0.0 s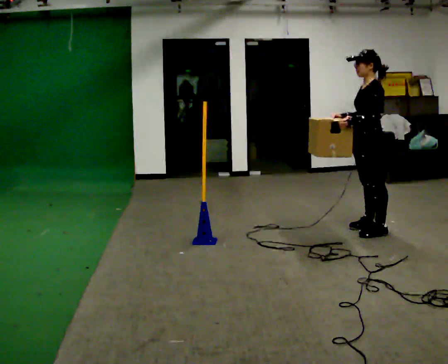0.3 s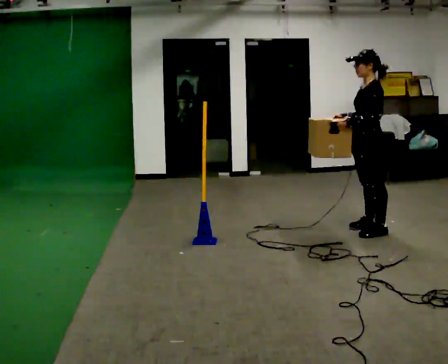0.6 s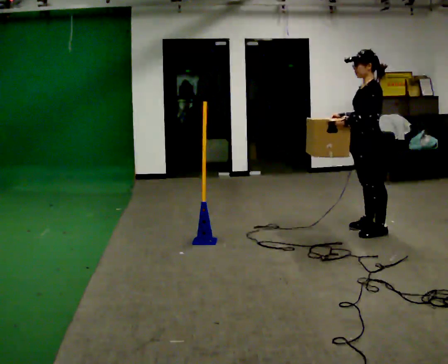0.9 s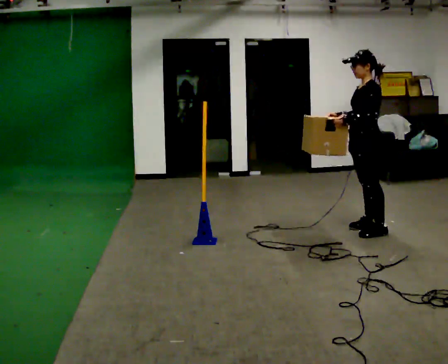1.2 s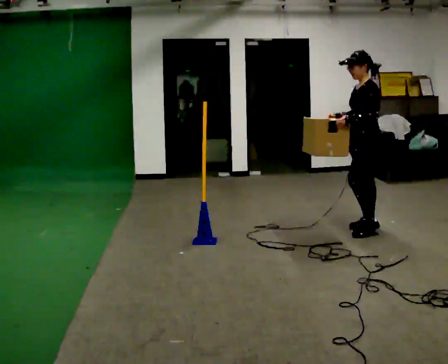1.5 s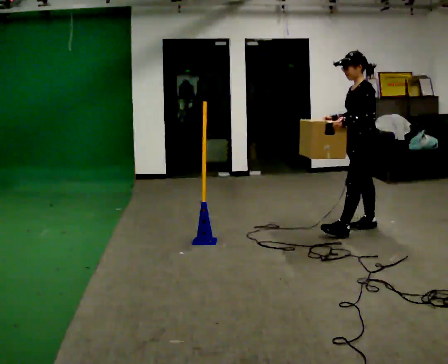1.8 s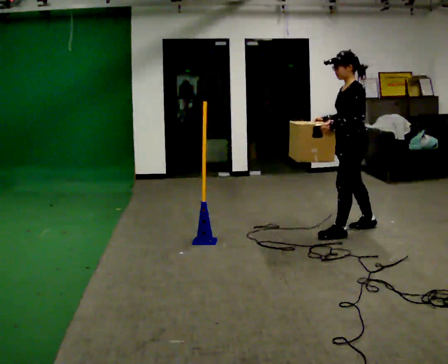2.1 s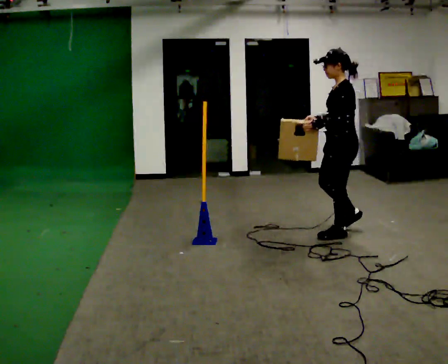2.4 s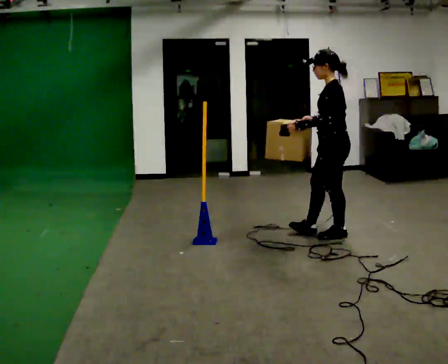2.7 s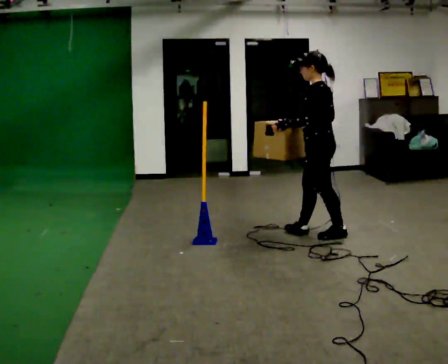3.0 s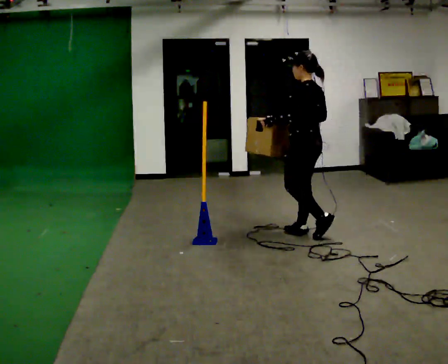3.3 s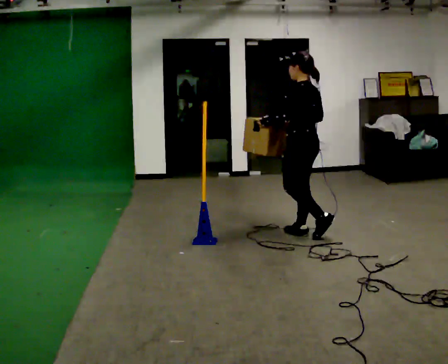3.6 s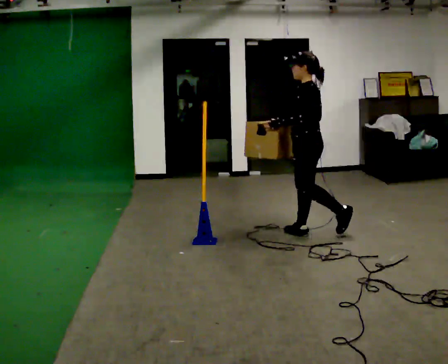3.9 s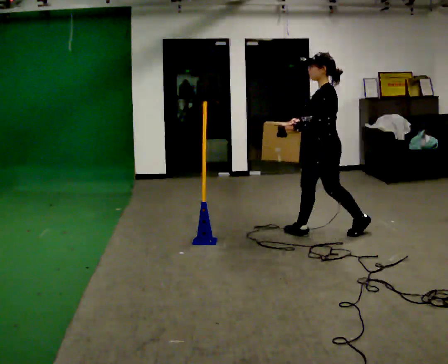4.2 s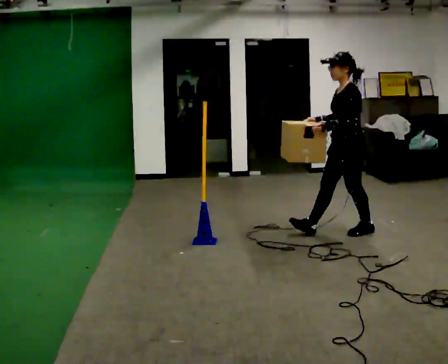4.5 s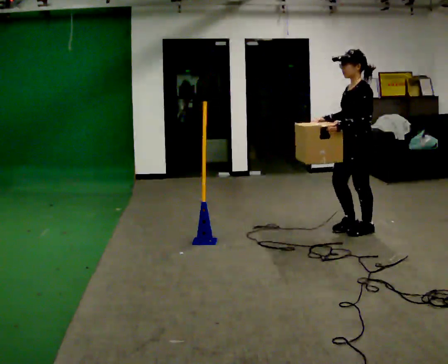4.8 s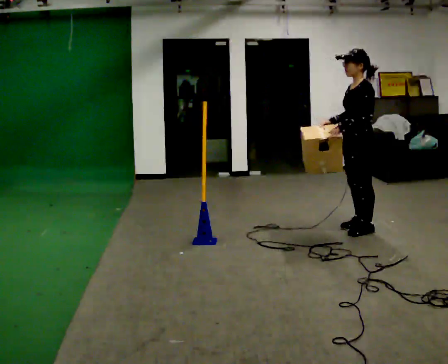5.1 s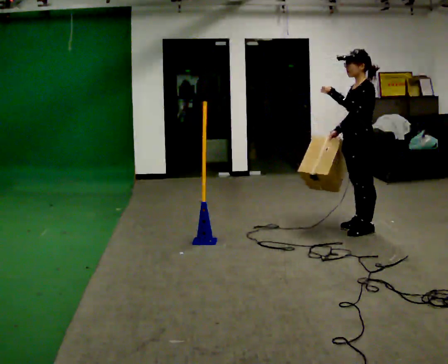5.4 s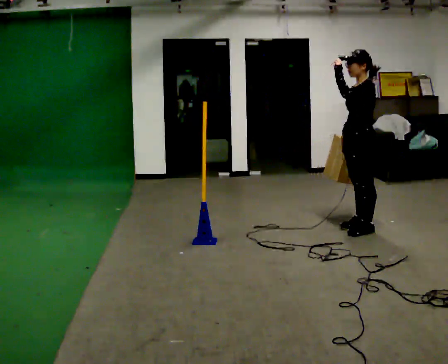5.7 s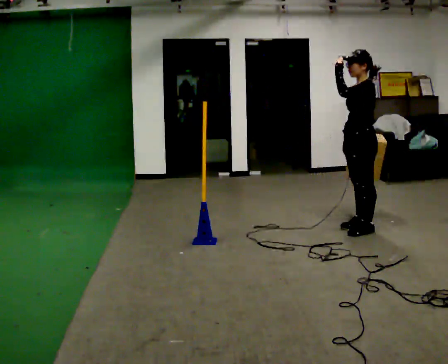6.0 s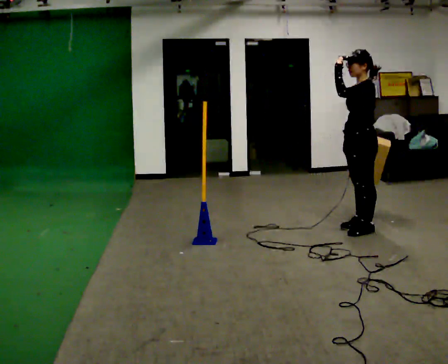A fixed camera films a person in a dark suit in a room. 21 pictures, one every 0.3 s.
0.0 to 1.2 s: The person moves a little, or ends about where they began.
1.2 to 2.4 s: In the picture they go to the left and toward the camera, about 0.25 m in 1 step, which for them is forward.
2.4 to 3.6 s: In the picture they go to the left, about 0.25 m in 2 steps, which for them is forward.
3.6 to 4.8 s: In the picture they go to the right, about 0.5 m in 2 steps, which for them is backward.
4.8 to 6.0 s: In the picture their left hand goes upward.
The film runs forward here.
